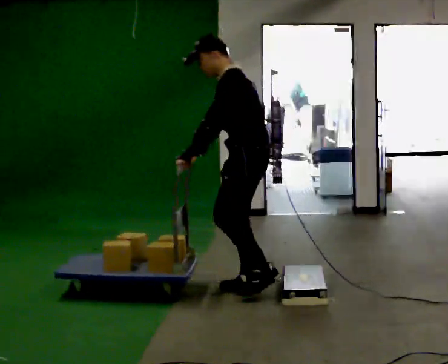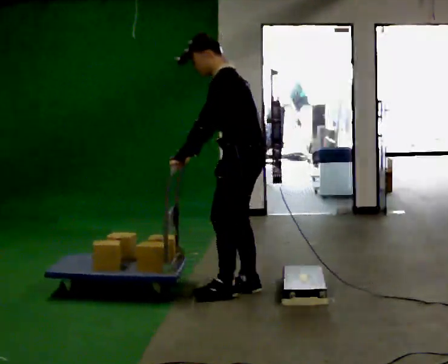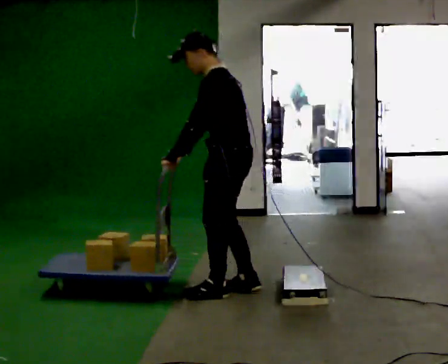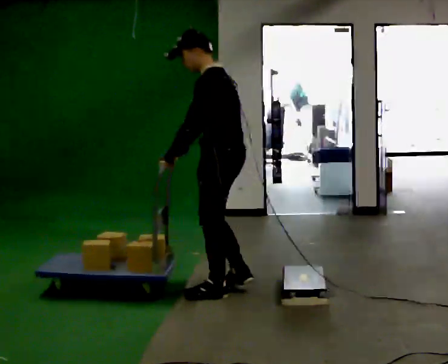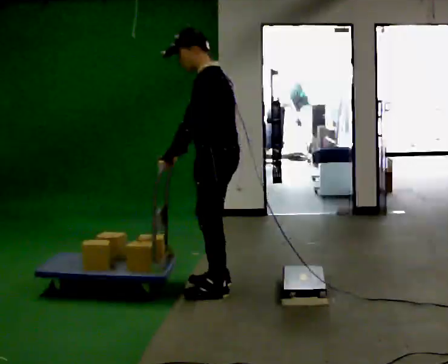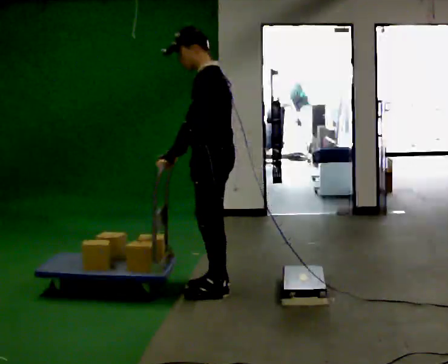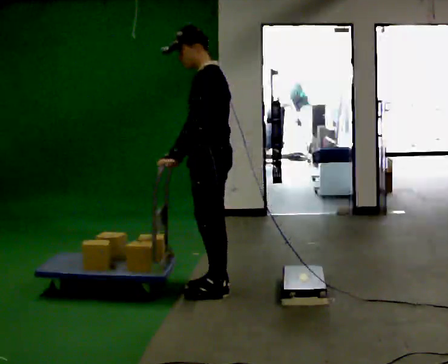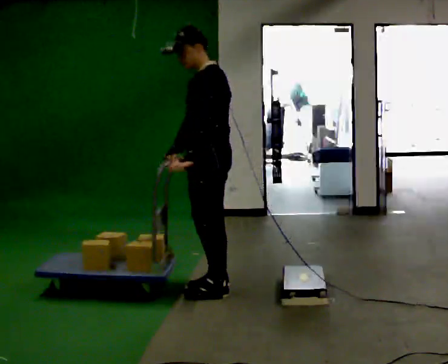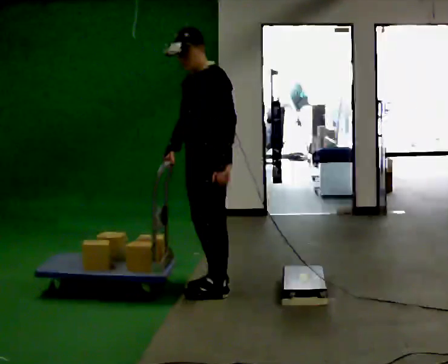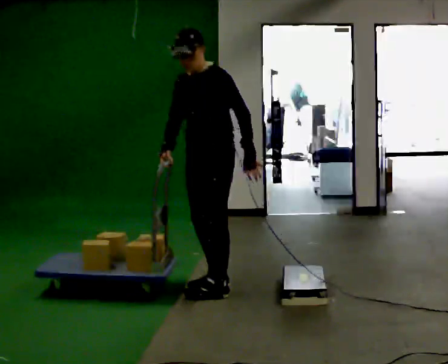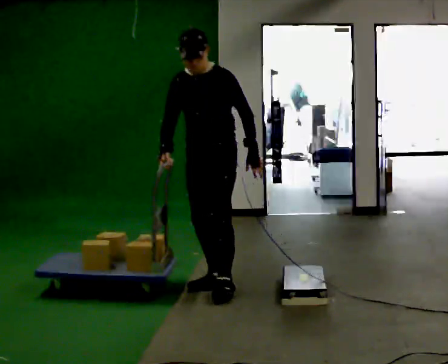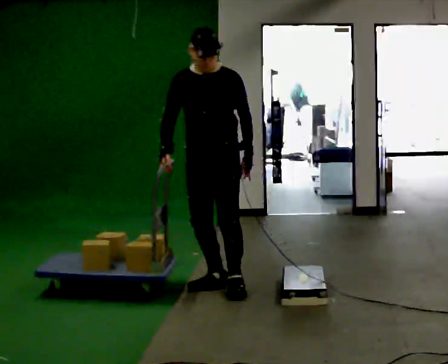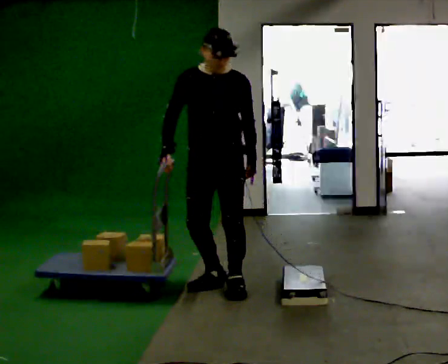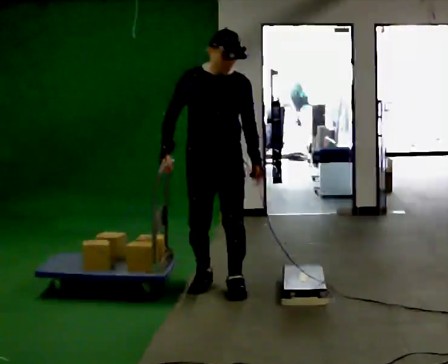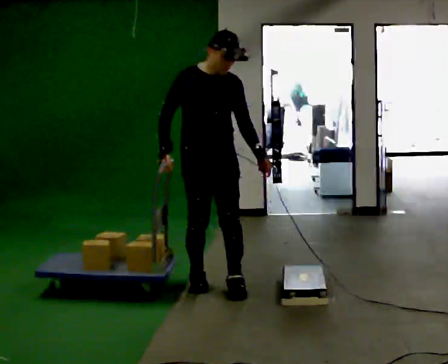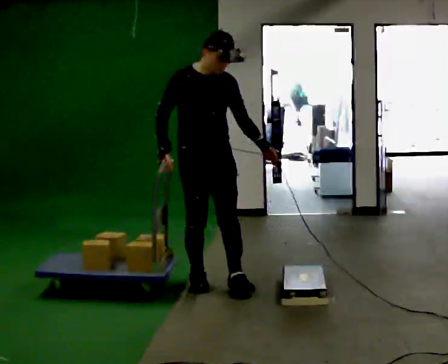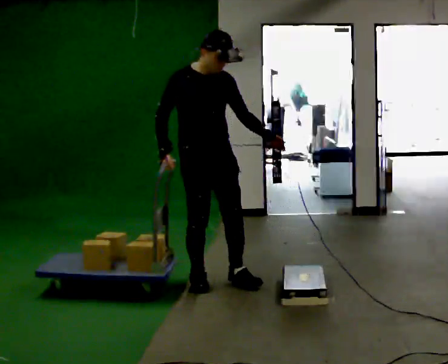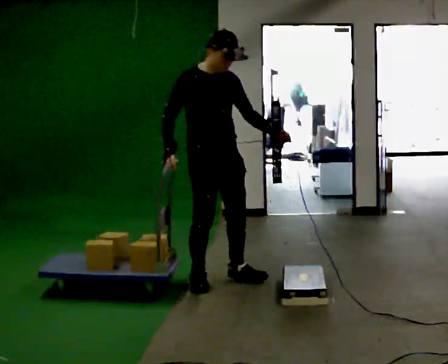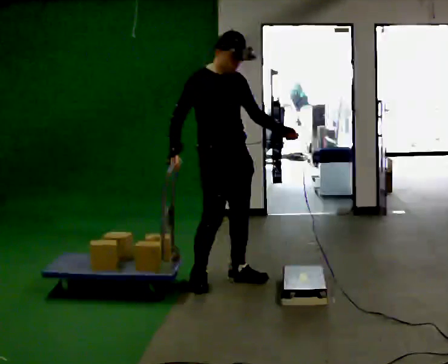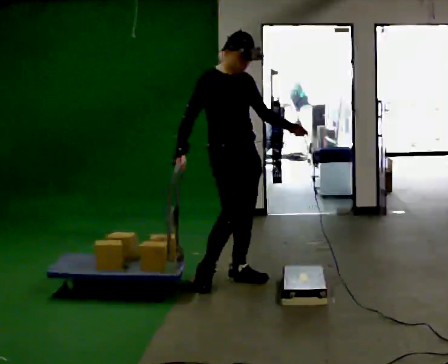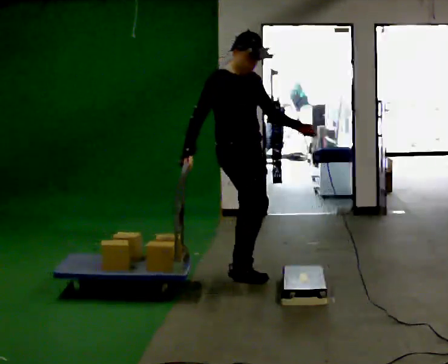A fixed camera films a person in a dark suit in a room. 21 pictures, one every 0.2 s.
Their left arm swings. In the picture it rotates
counterclockwise.
The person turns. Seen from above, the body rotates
counterclockwise.
0.0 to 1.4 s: In the picture they go to the left, about 0.25 m in 2 steps, which for them is forward. In the picture the upper body tilts clockwise, shoulders to the right, as they lean back or straighten.
1.4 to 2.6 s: Seen from above the body turns counterclockwise, about 75 degrees: to their left, with its near side sliding to the right. In the picture their left hand goes to the right.
2.6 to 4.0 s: The part of the body nearest the lens slides to the right as the person turns to their left by about 45 degrees. In the picture they go away from the camera, about 0.25 m in 2 steps, which for them is to their left. In the picture their left hand goes to the right.
The film runs forward here.
